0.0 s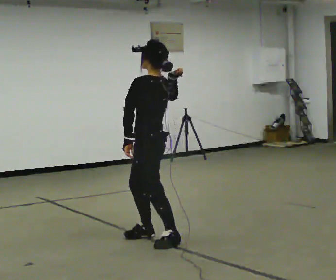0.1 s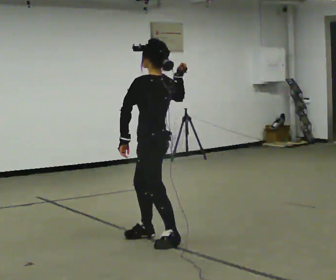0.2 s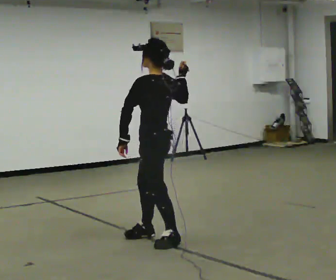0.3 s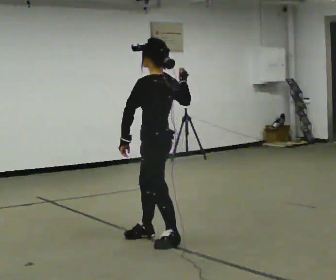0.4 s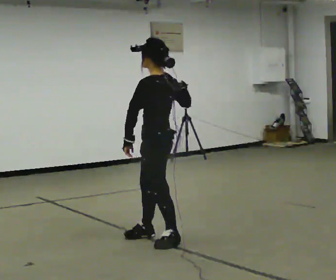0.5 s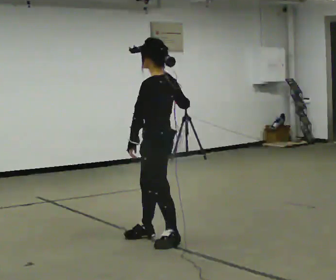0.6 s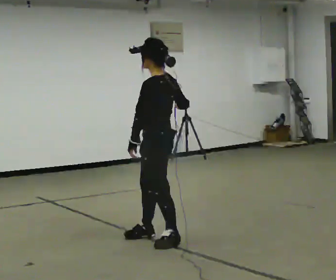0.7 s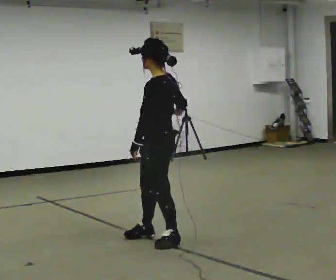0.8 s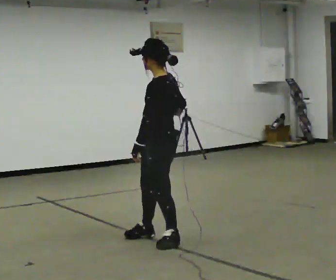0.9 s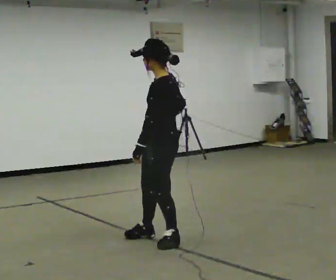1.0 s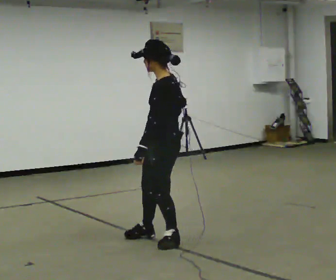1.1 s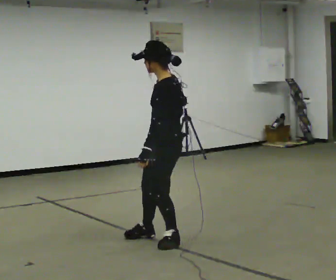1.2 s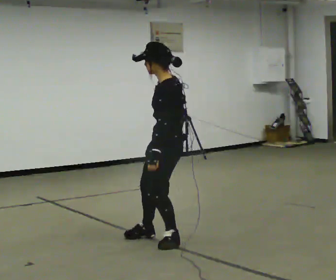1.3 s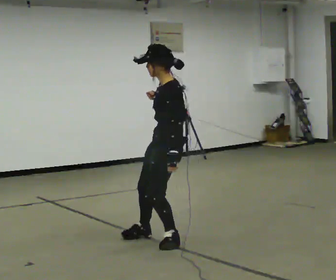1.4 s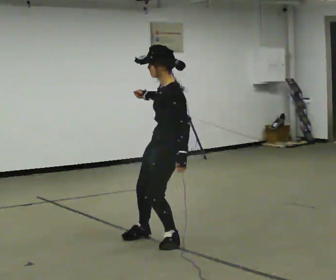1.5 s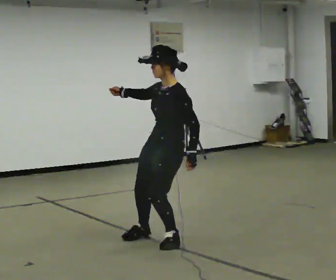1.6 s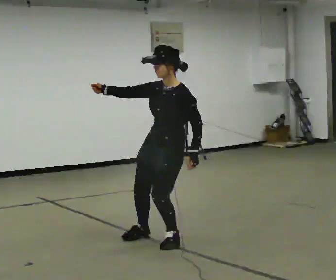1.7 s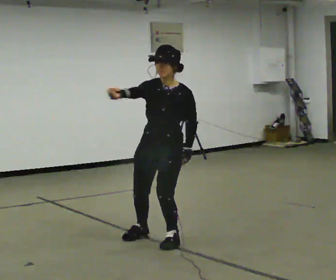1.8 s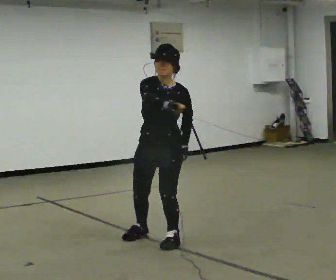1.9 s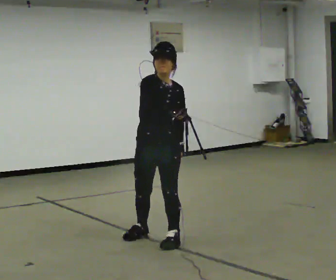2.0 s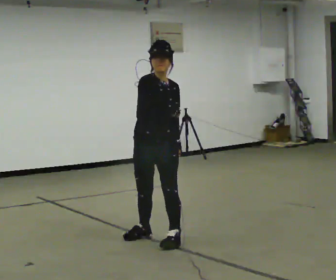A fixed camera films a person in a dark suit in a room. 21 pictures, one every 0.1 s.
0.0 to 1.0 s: The person moves a little, or ends about where they began.
1.0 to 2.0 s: The part of the body nearest the lens slides to the right as the person turns to their left by about 105 degrees.
The film runs backward here.
